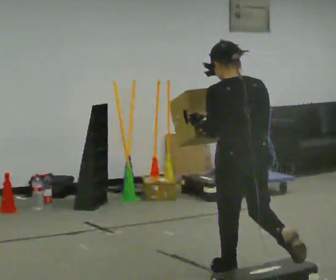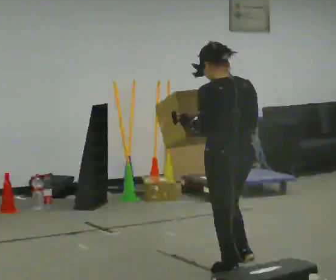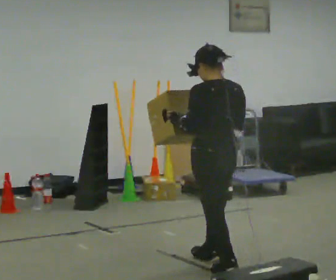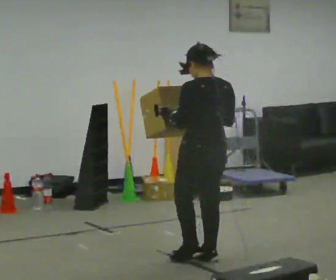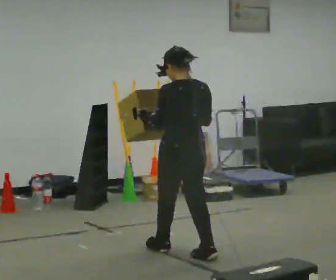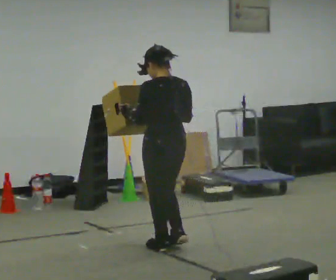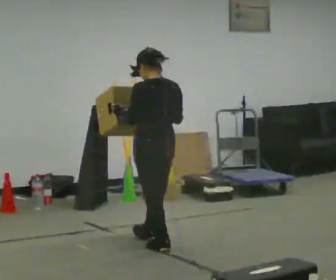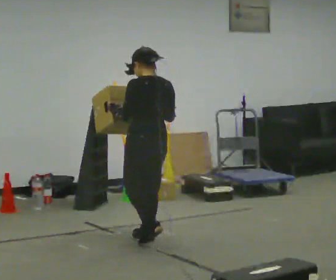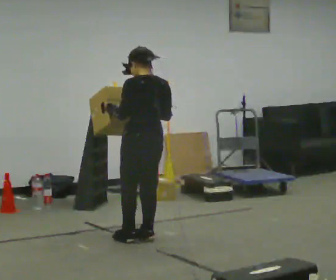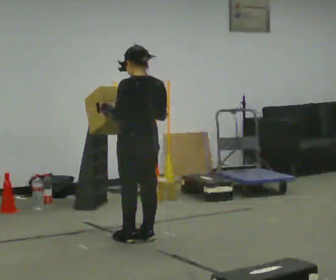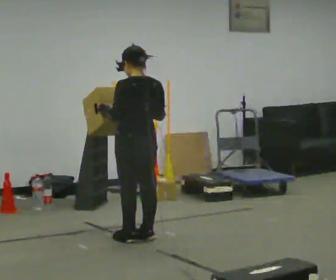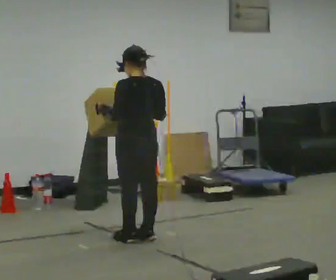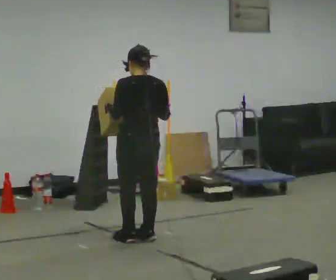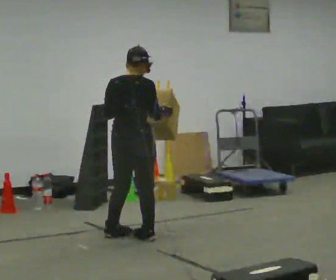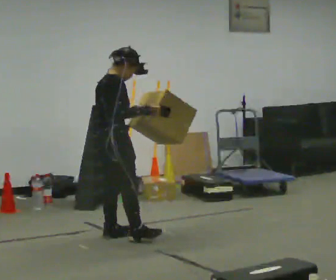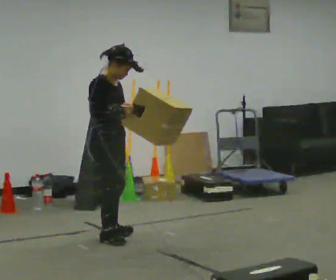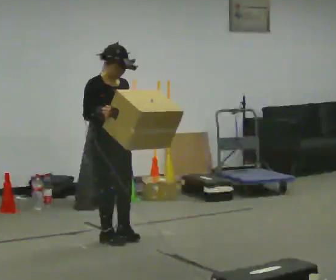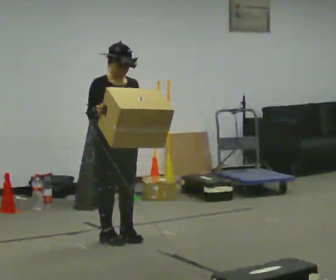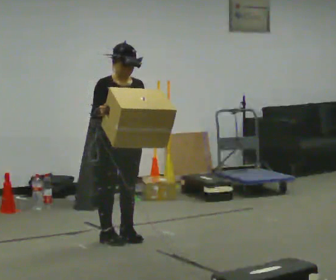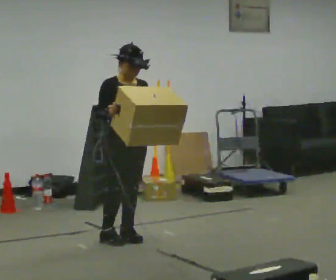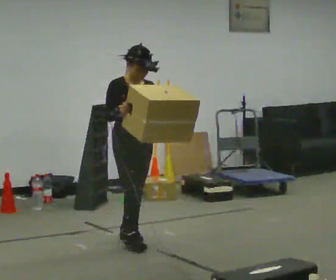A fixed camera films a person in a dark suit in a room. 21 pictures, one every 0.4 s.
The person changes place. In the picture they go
away from the camera.
0.0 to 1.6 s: In the picture they go away from the camera and to the left, about 0.5 m in 2 steps, which for them is forward.
1.6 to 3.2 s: In the picture they go away from the camera and to the left, about 0.5 m in 2 steps, which for them is forward.
3.2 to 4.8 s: The person moves a little, or ends about where they began.
4.8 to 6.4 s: The part of the body nearest the lens slides to the left as the person turns to their right by about 150 degrees. In the picture they go to the left, about 0.25 m in 2 steps. In the picture their right hand goes to the left.
6.4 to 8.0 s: In the picture they go to the right, about 0.25 m, which for them is to their left and forward.
The film runs forward here.
